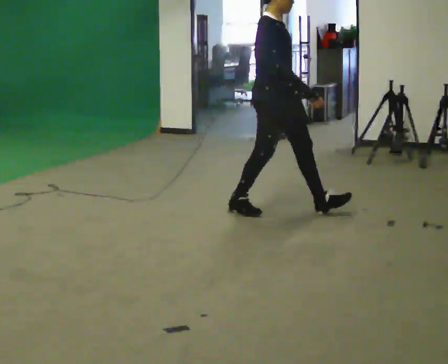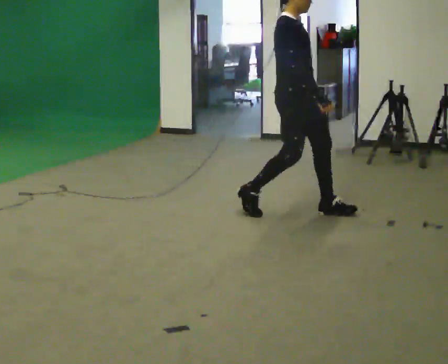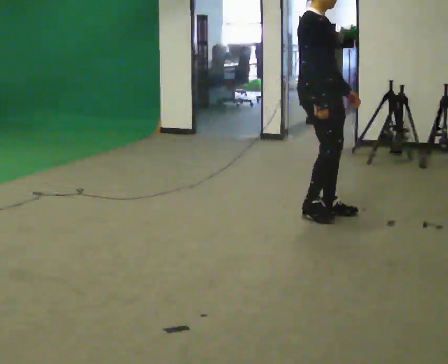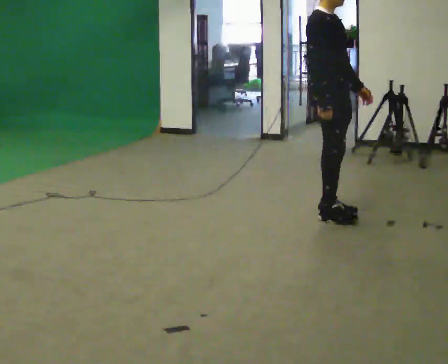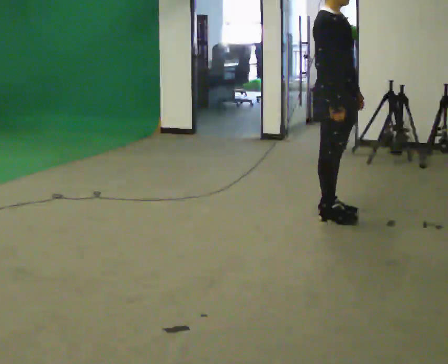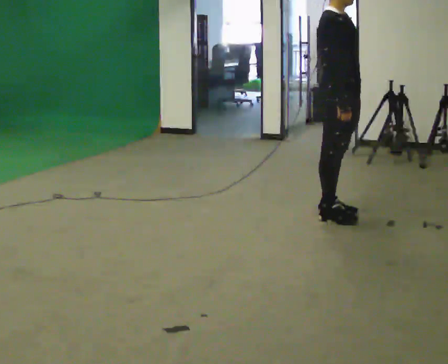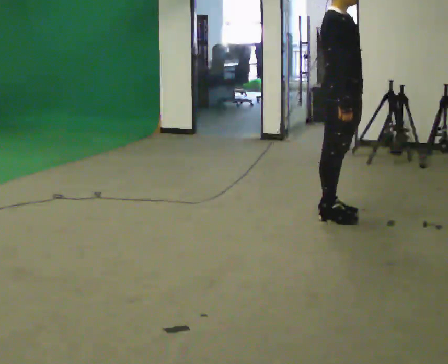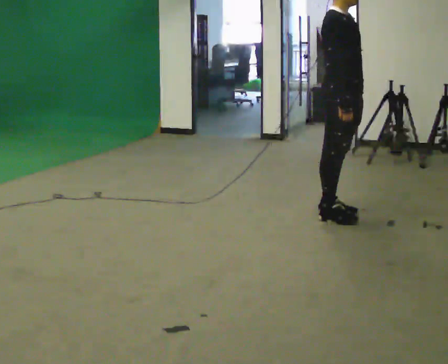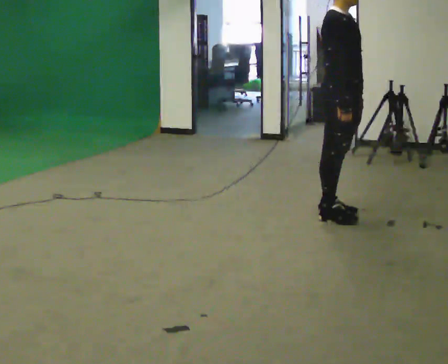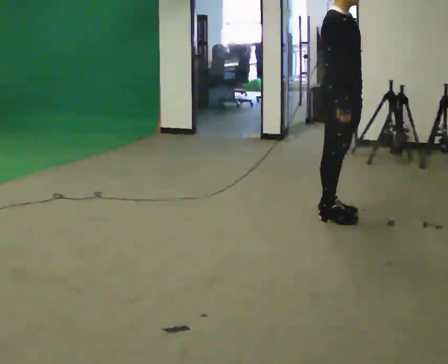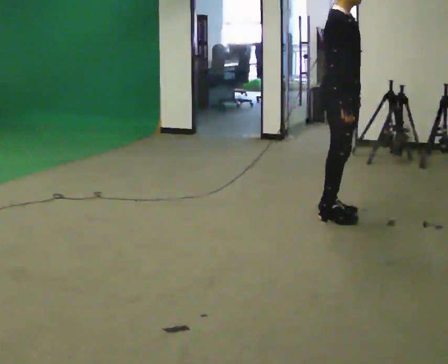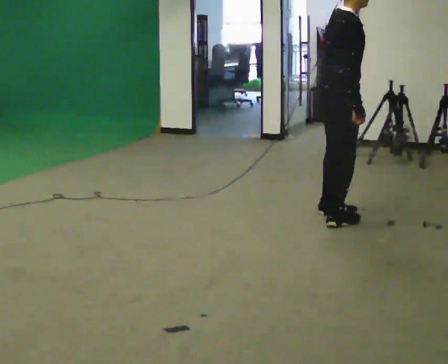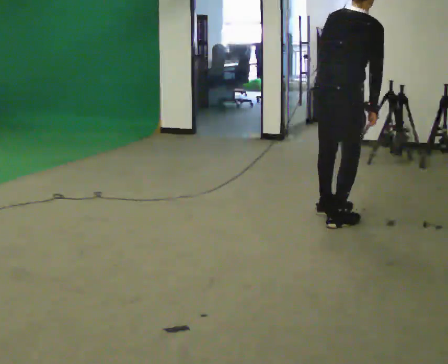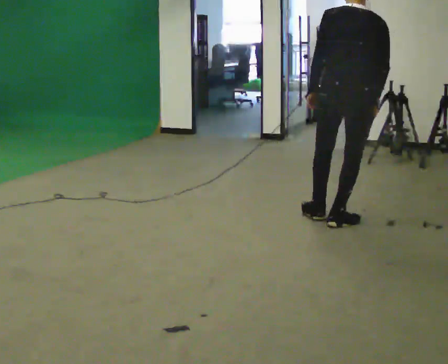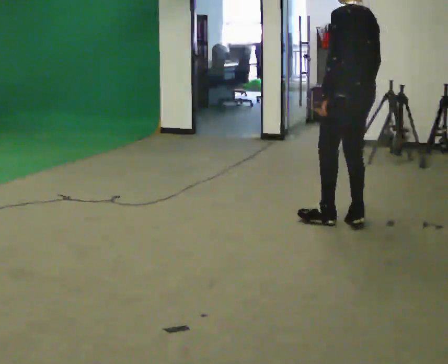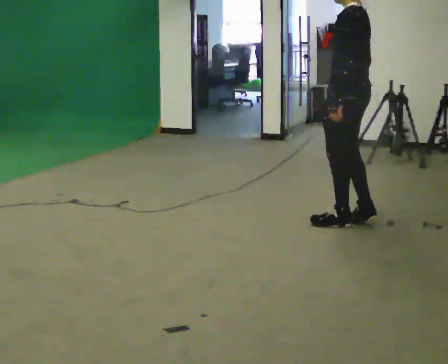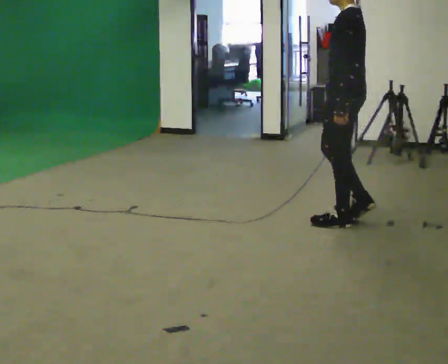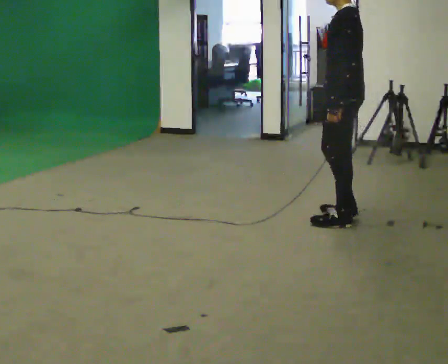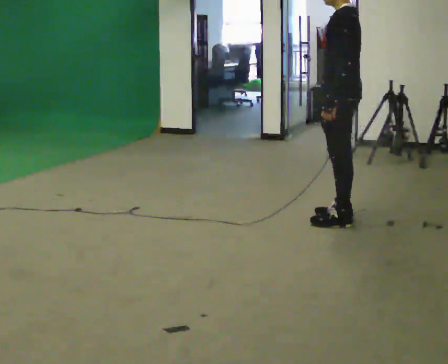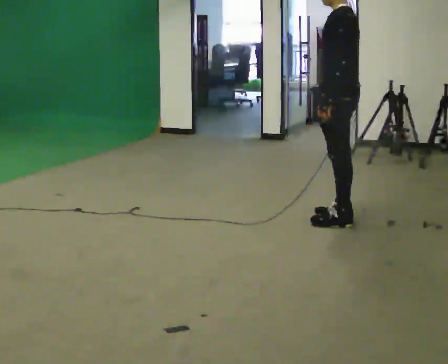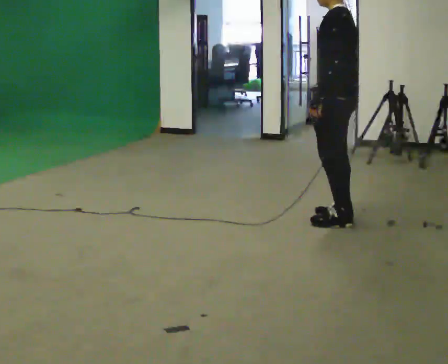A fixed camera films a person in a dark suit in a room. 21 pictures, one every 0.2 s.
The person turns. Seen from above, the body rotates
counterclockwise.
The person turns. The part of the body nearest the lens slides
to the right.
0.0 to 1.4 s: In the picture they go to the right, about 0.5 m in 2 steps, which for them is forward.
1.4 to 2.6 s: Seen from above the body turns counterclockwise, about 120 degrees: to their left, with its near side sliding to the right.
2.6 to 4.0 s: The person turns about 60 degrees to their left, counterclockwise seen from above, so the part of the body nearest the lens slides to the right.
The film runs forward here.
